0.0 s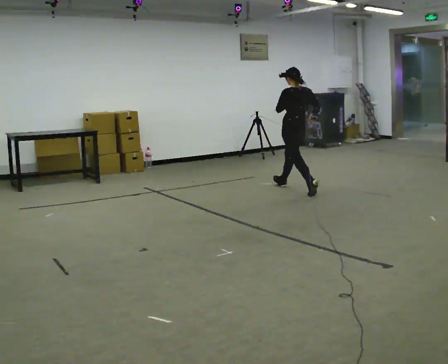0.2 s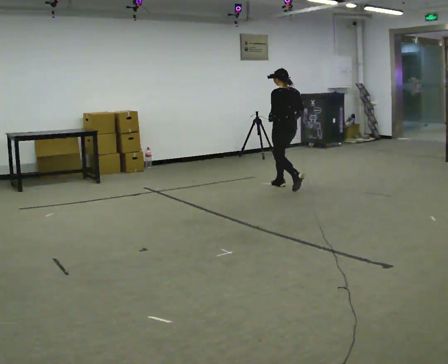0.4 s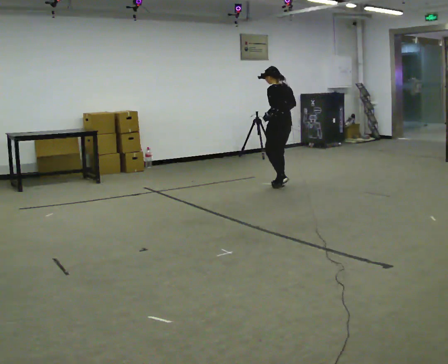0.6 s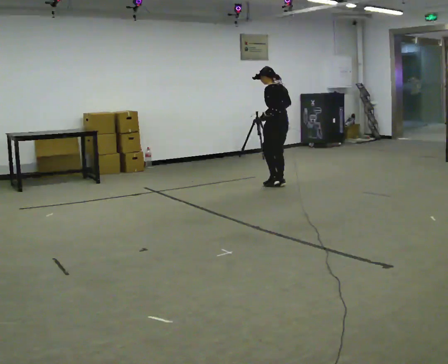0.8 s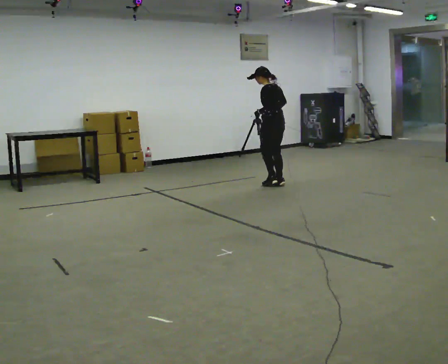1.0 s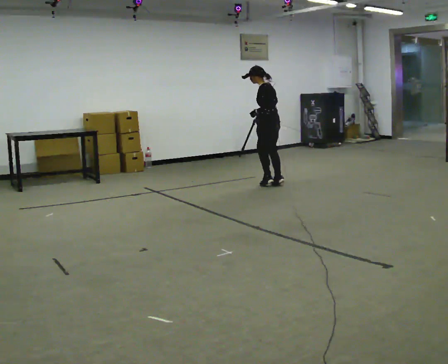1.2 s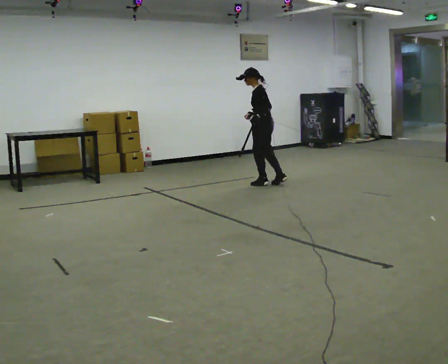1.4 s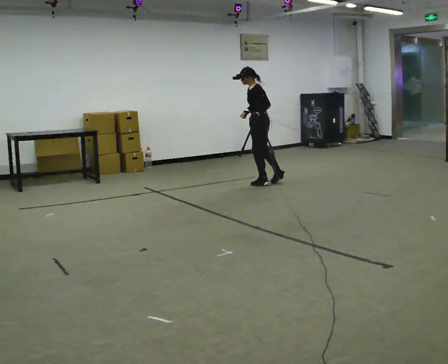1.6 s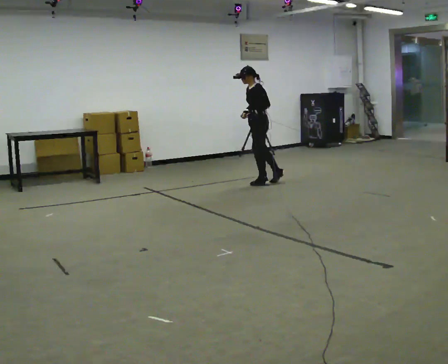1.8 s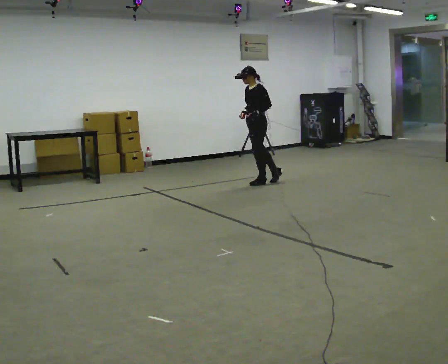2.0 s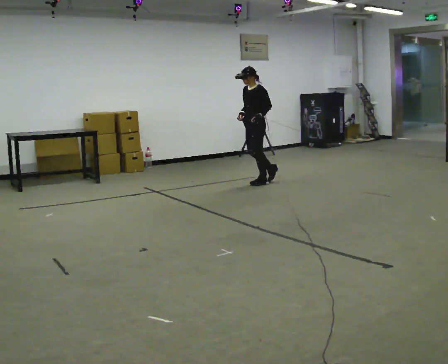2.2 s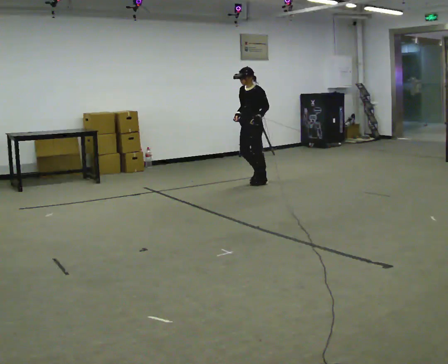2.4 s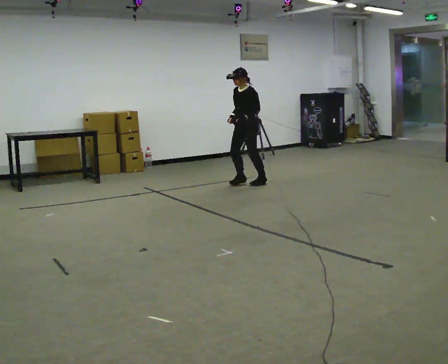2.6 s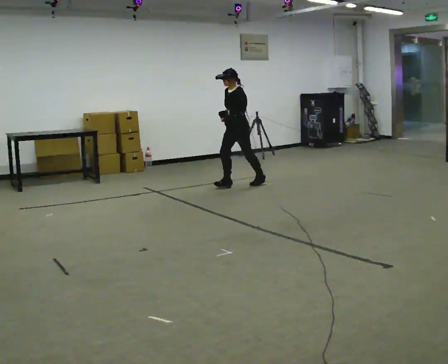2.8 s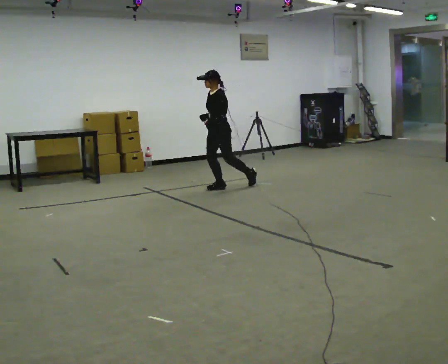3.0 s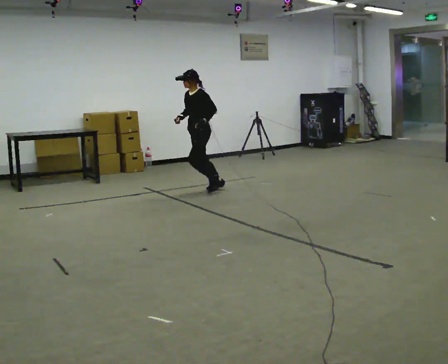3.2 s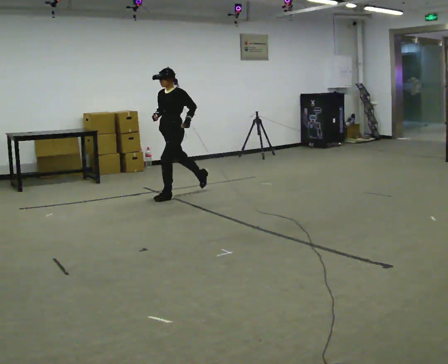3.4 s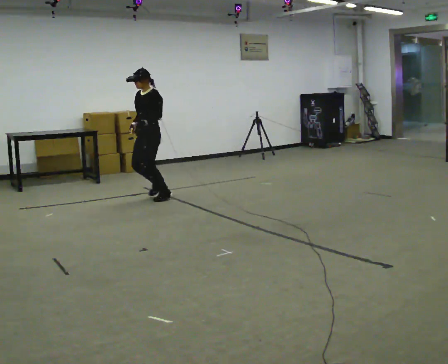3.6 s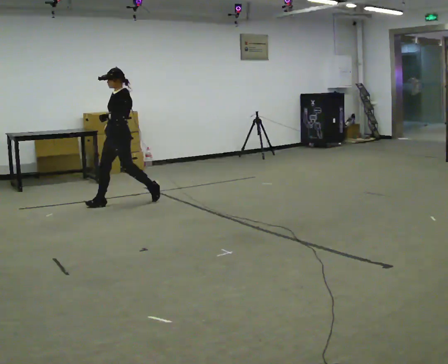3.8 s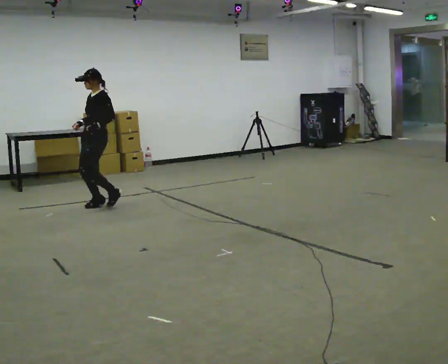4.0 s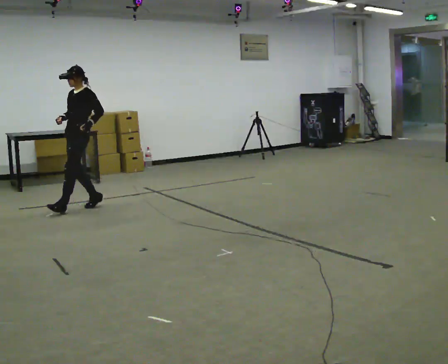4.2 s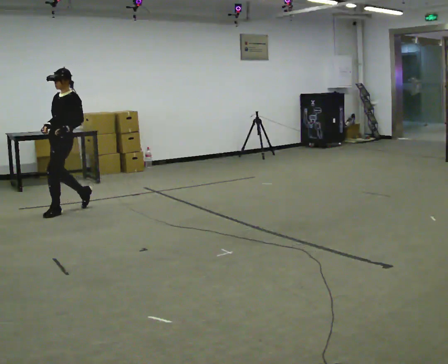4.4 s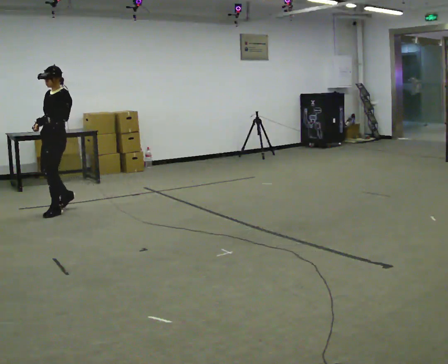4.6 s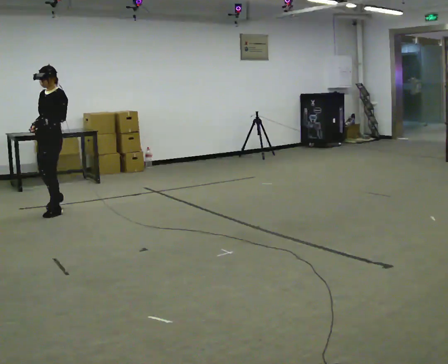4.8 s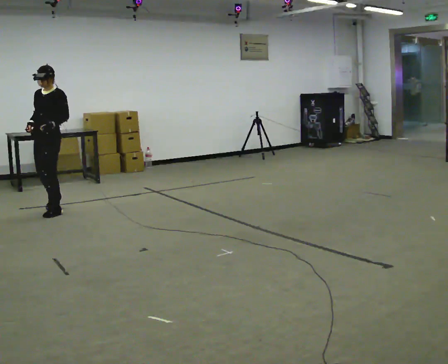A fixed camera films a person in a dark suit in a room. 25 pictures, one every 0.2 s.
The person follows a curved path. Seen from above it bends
counterclockwise.
The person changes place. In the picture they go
to the left.
0.0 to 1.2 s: Seen from above the body turns counterclockwise, about 45 degrees: to their left, with its near side sliding to the right. In the picture they go away from the camera and to the left, about 0.5 m in 2 steps, which for them is forward.
1.2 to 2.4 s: The person turns about 45 degrees to their left, counterclockwise seen from above, so the part of the body nearest the lens slides to the right. In the picture they go to the left, about 0.25 m in 1 step, which for them is forward.
2.4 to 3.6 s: In the picture they go to the left and toward the camera, about 1.5 m in 2 steps, which for them is forward.
3.6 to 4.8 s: The part of the body nearest the lens slides to the right as the person turns to their left by about 30 degrees. In the picture they go to the left and toward the camera, about 1 m in 3 steps, which for them is forward.
The film runs forward here.
